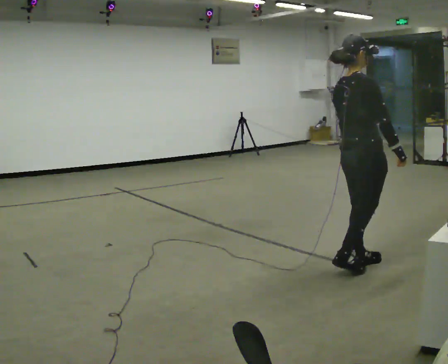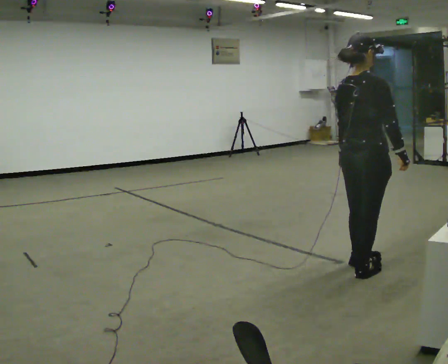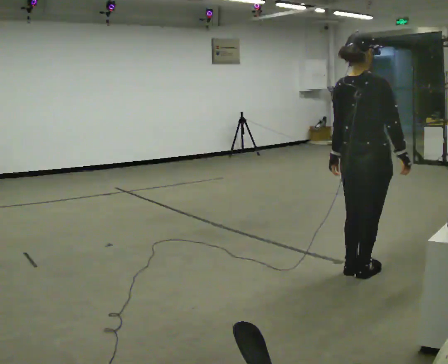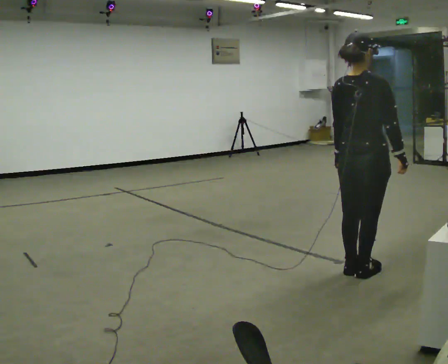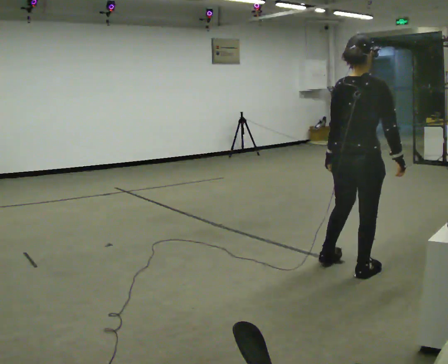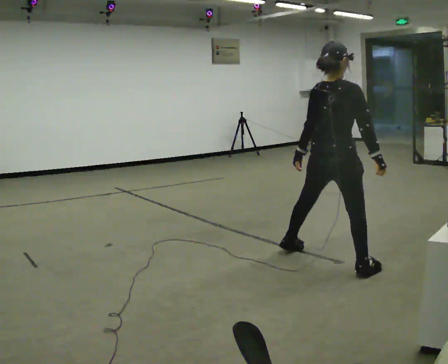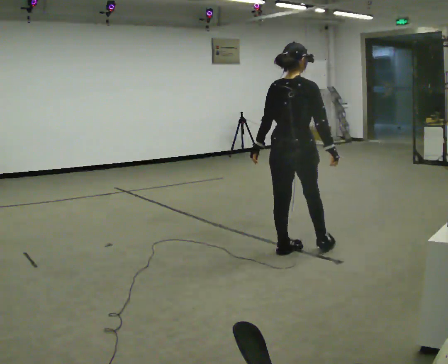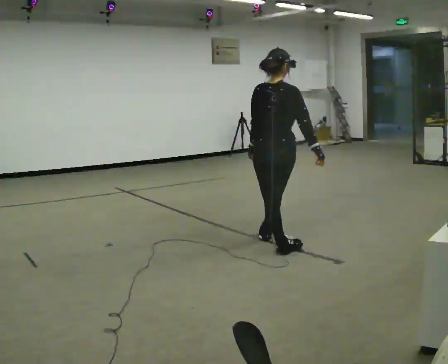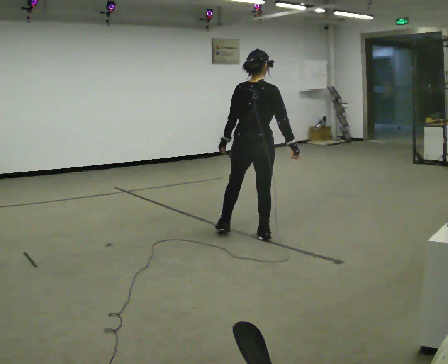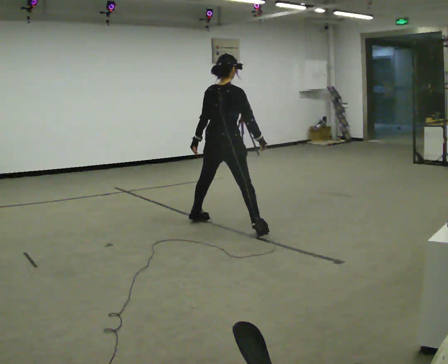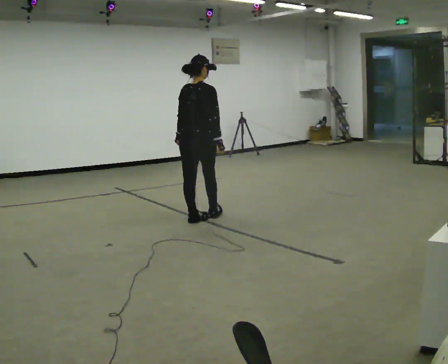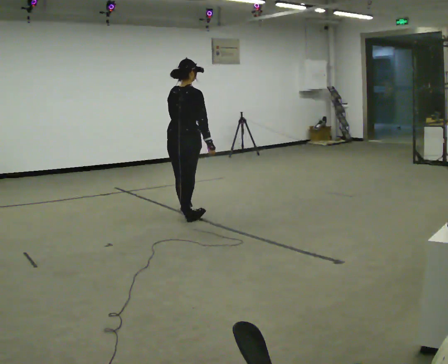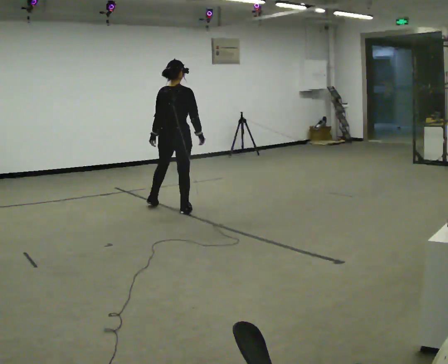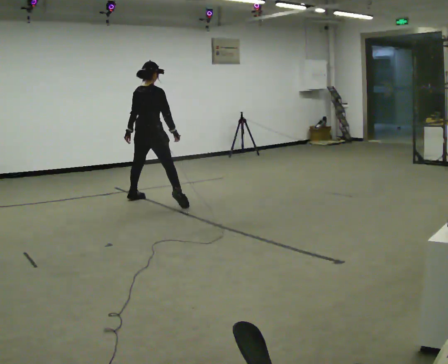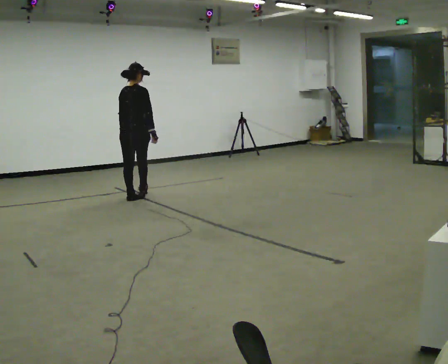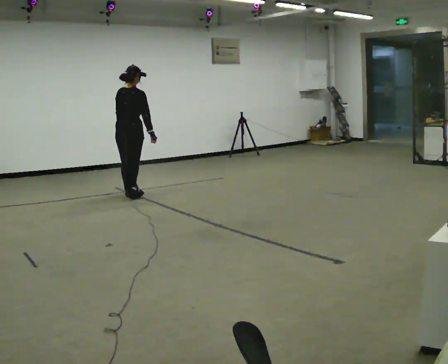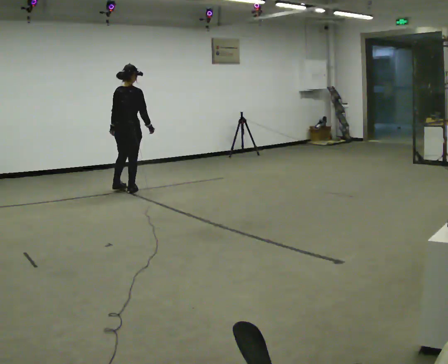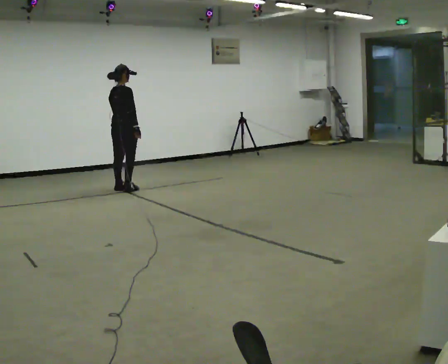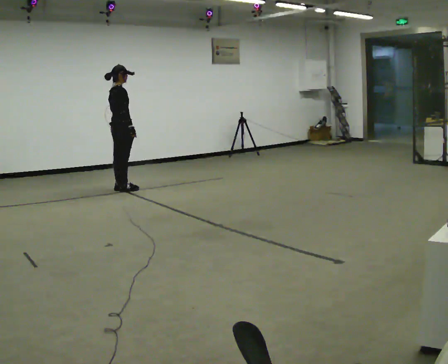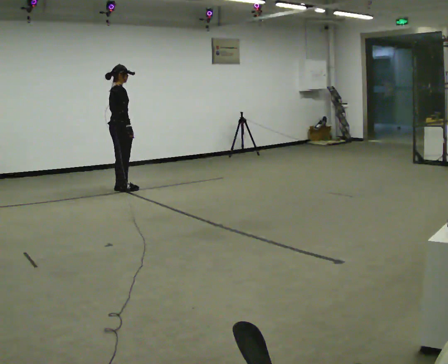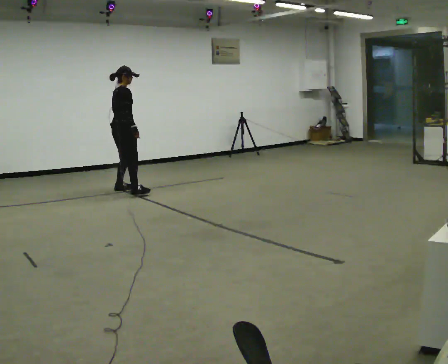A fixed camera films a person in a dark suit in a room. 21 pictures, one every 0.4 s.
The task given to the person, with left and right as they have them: Move sideways in the direction the operator calls, crossing one foot in front and then behind, alternating.
0.0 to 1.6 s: The person moves a little, or ends about where they began.
1.6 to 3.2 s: The part of the body nearest the lens slides to the right as the person turns to their left by about 30 degrees. In the picture they go away from the camera and to the left, about 1 m in 2 steps, which for them is to their left and forward.
3.2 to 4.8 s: In the picture they go away from the camera and to the left, about 1.5 m in 2 steps, which for them is to their left and forward.
4.8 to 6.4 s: In the picture they go away from the camera and to the left, about 1 m in 2 steps, which for them is to their left and forward.
6.4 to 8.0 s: The part of the body nearest the lens slides to the left as the person turns to their right by about 30 degrees.
The film runs forward here.
